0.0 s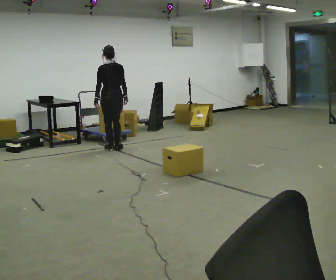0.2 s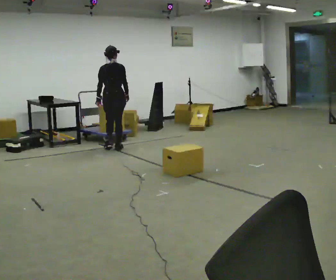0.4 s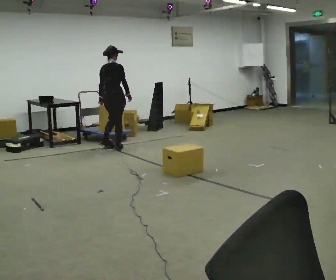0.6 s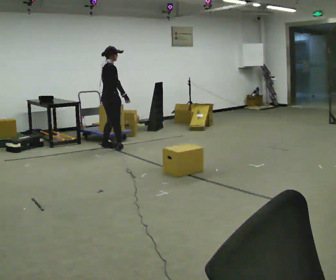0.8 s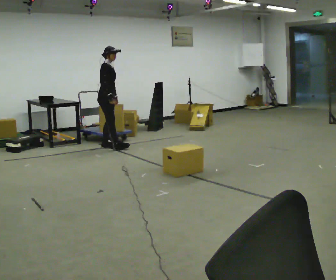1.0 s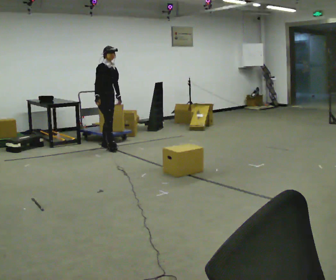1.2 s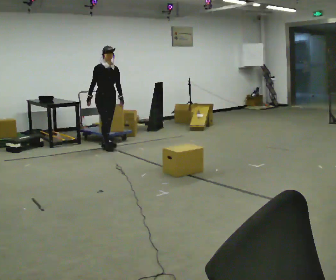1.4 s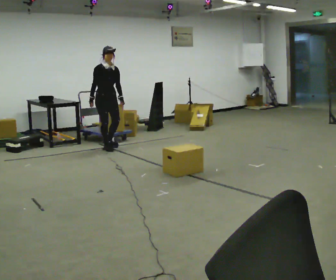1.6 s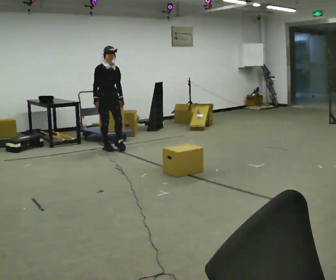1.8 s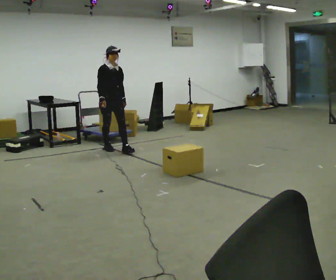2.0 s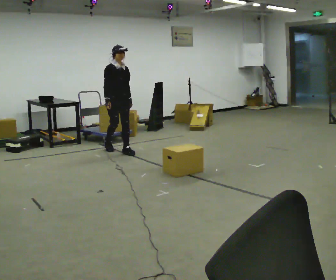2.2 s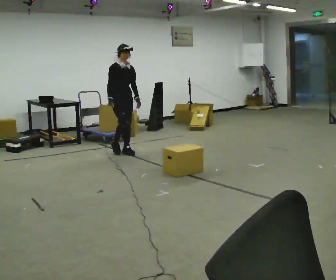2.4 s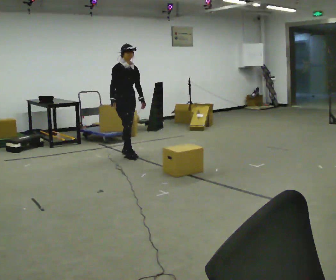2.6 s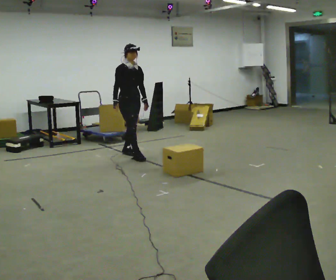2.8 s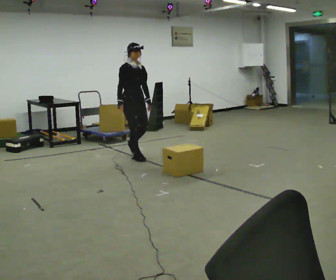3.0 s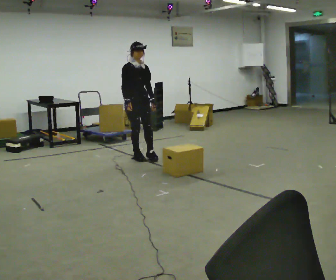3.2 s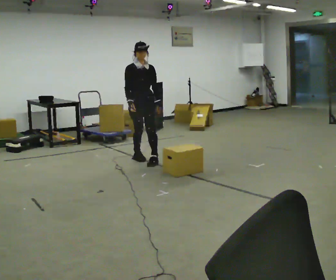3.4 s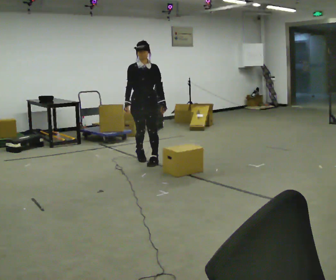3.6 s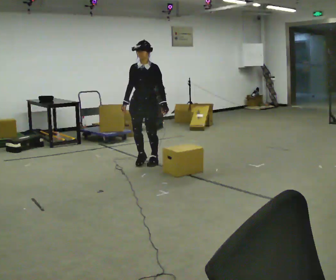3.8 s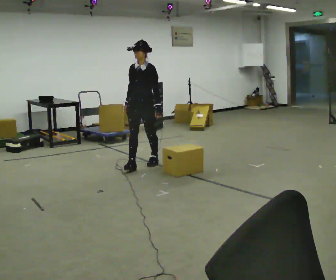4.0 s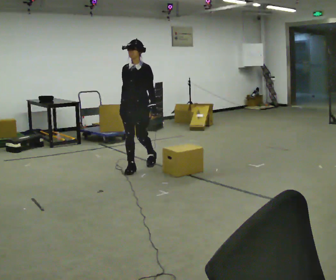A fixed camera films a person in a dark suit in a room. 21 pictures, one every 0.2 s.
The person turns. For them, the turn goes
to their right.
The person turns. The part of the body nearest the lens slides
to the left.
0.0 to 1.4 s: The person turns about 165 degrees to their right, clockwise seen from above, so the part of the body nearest the lens slides to the left. In the picture their right hand goes to the left, the arm swinging clockwise.
1.4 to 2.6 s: In the picture they go toward the camera and to the right, about 0.75 m in 2 steps, which for them is forward.
2.6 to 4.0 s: The person turns about 60 degrees to their right, clockwise seen from above, so the part of the body nearest the lens slides to the left. In the picture they go toward the camera, about 0.5 m in 2 steps.
The film runs forward here.
